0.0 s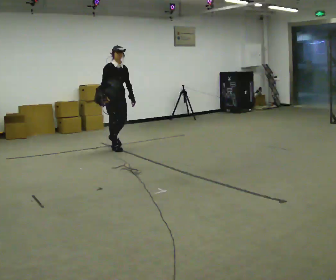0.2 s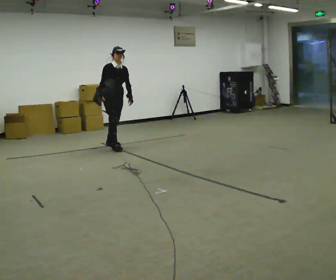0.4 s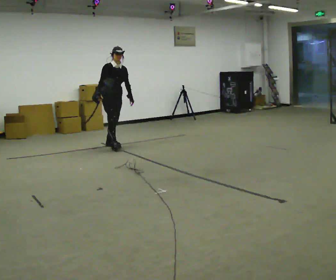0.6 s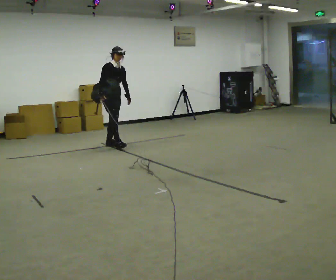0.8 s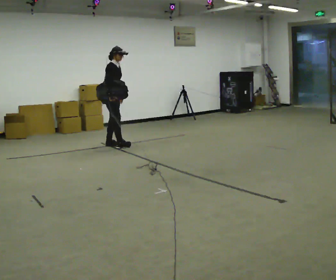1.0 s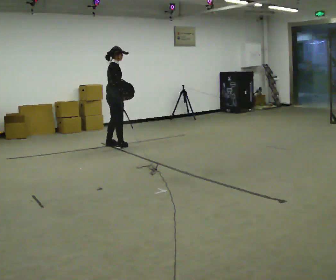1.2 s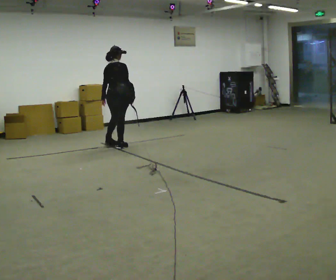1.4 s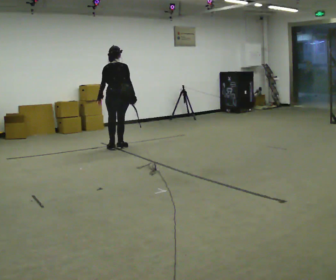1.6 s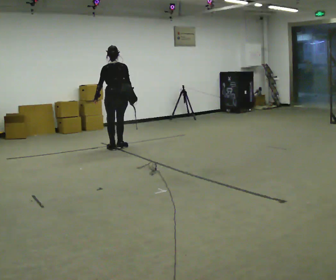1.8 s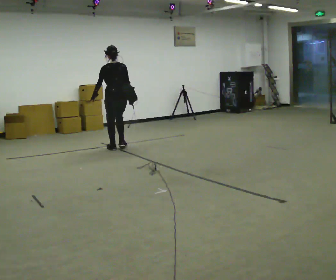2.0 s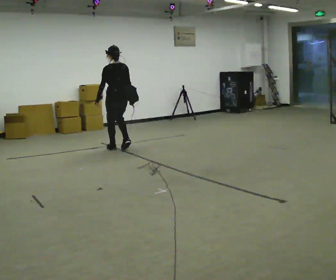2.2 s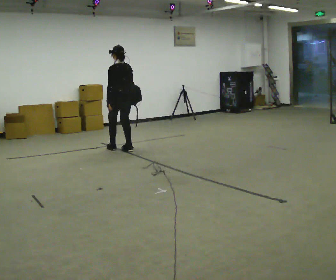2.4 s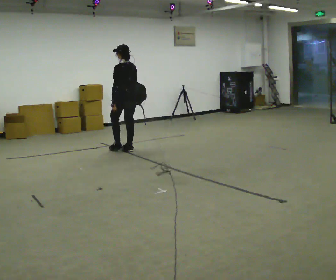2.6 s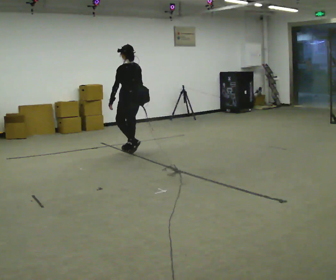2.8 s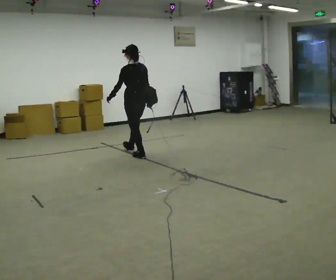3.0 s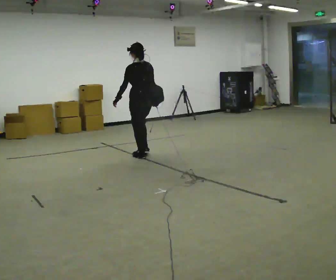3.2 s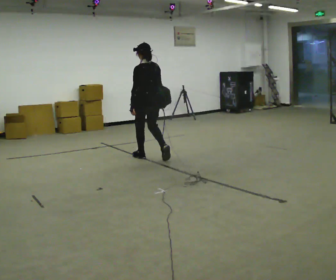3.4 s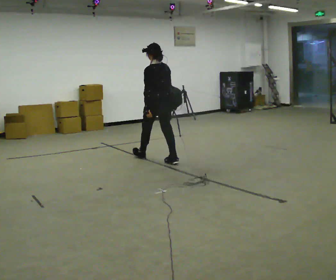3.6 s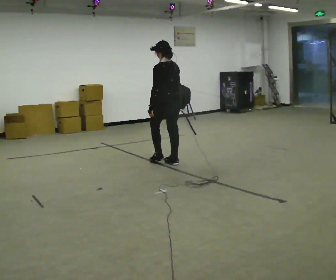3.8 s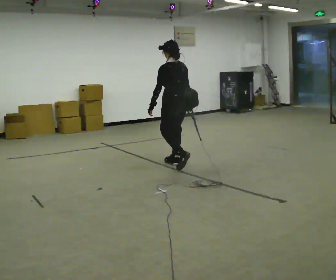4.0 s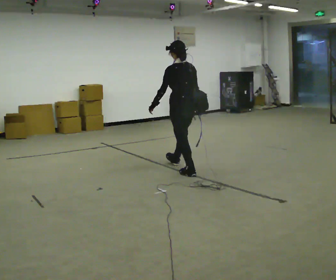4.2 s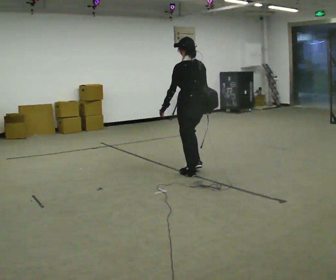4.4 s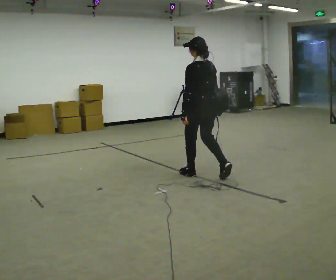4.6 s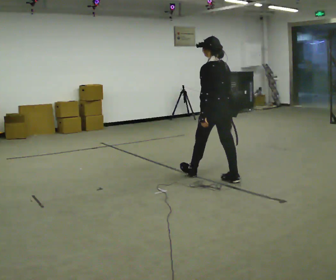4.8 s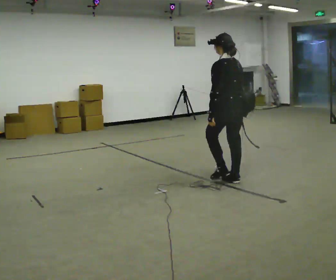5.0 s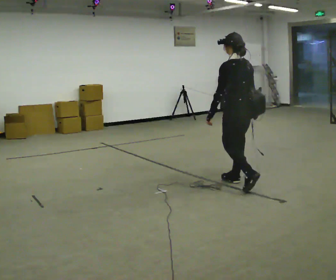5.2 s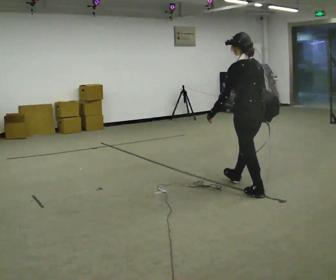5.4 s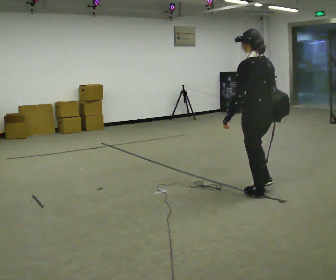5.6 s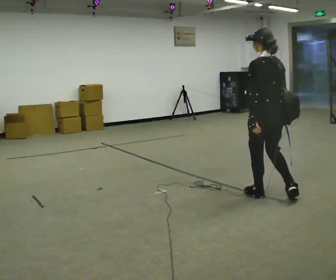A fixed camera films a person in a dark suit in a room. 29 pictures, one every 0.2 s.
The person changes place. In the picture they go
toward the camera.
0.0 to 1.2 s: The person turns about 105 degrees to their left, counterclockwise seen from above, so the part of the body nearest the lens slides to the right. In the picture their left hand goes to the left, the arm swinging clockwise.
1.2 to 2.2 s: The part of the body nearest the lens slides to the right as the person turns to their left by about 75 degrees. In the picture they go toward the camera, about 0.25 m in 1 step.
2.2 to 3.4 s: In the picture they go toward the camera and to the right, about 1 m in 3 steps, which for them is backward.
3.4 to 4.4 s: In the picture they go toward the camera and to the right, about 1 m in 1 step, which for them is backward.
4.4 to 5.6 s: In the picture they go toward the camera and to the right, about 1 m in 2 steps, which for them is backward.
The film runs backward here.
